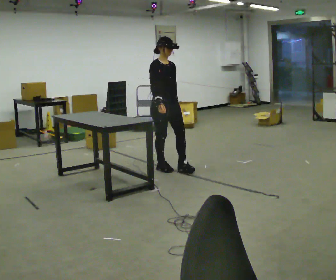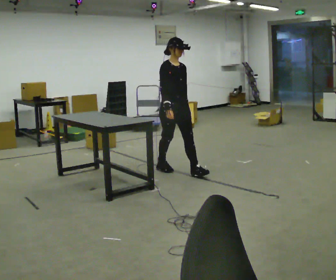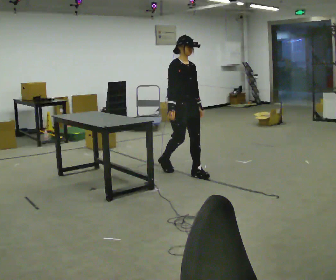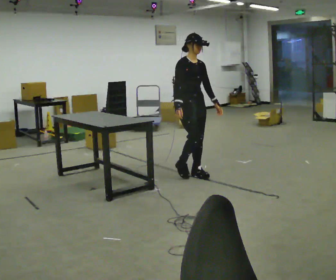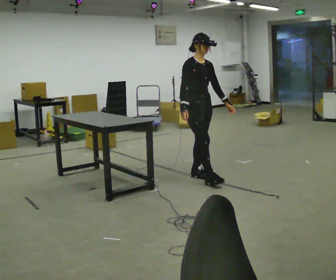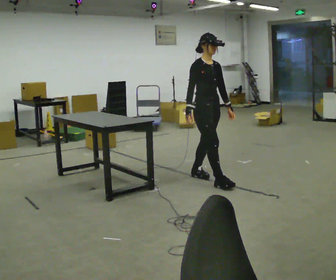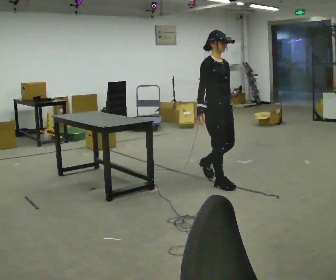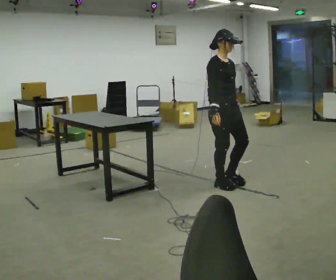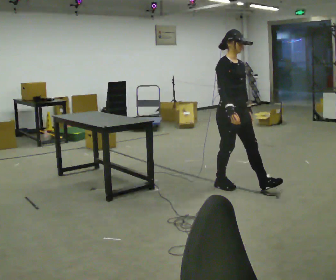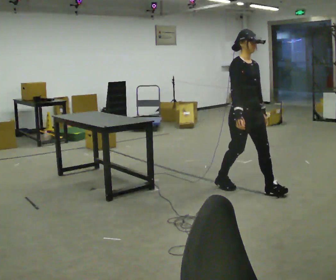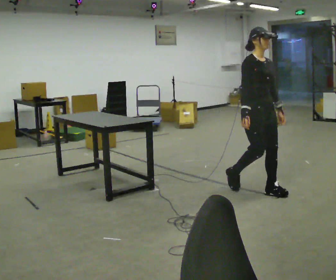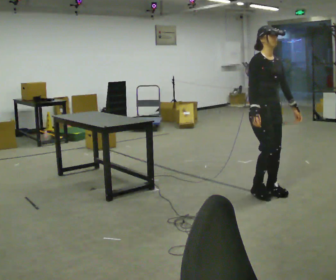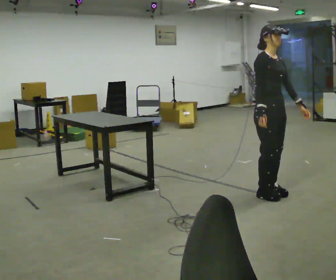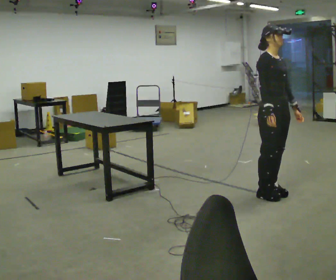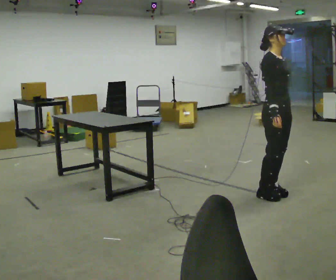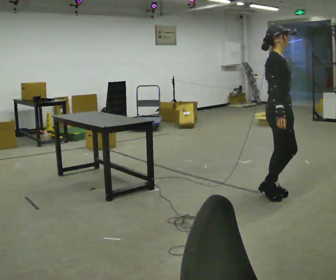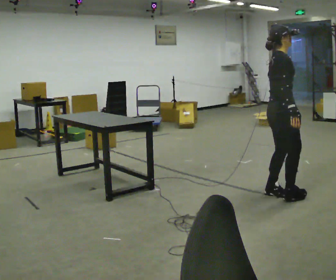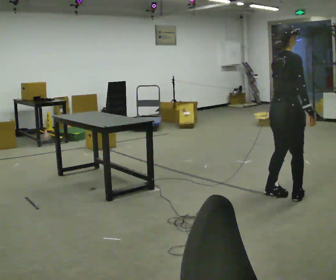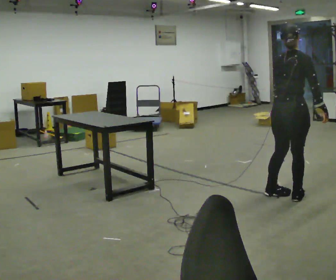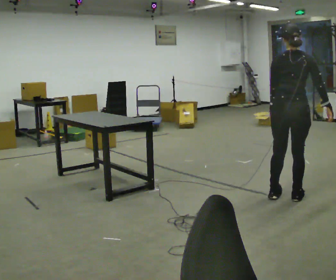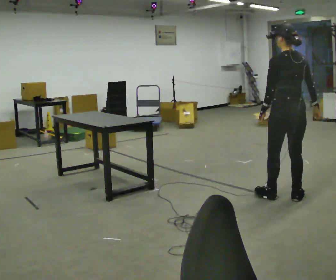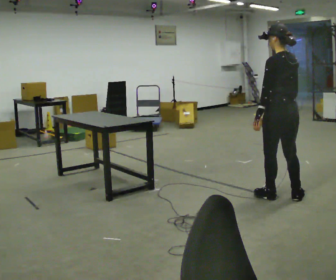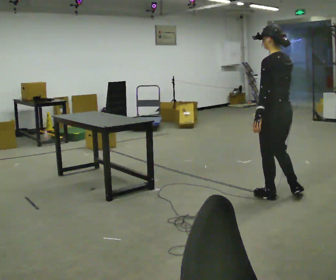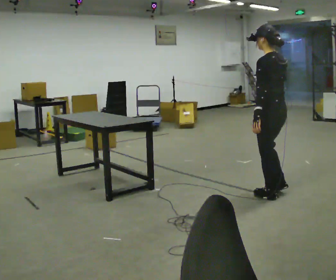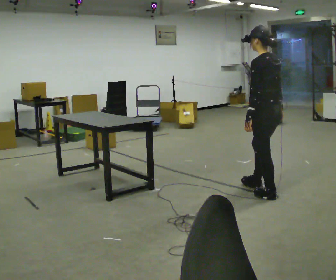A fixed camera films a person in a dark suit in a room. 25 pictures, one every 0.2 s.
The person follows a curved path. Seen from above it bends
clockwise.
The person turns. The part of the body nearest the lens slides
to the right.
0.0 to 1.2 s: In the picture they go to the right and toward the camera, about 1 m in 2 steps, which for them is forward.
1.2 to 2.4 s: In the picture they go to the right and toward the camera, about 0.75 m in 2 steps, which for them is forward.
2.4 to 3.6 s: Seen from above the body turns counterclockwise, about 90 degrees: to their left, with its near side sliding to the right. In the picture they go to the right, about 0.25 m in 1 step.
3.6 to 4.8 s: The person turns about 105 degrees to their left, counterclockwise seen from above, so the part of the body nearest the lens slides to the right. In the picture they go to the left, about 0.25 m in 1 step. In the picture their right hand goes to the left.
The film runs forward here.
